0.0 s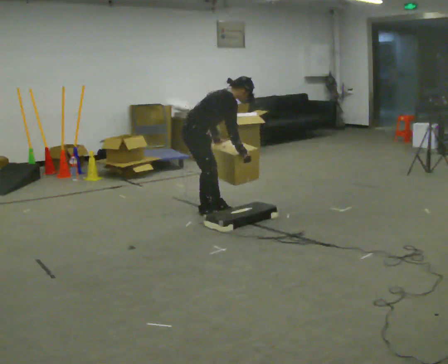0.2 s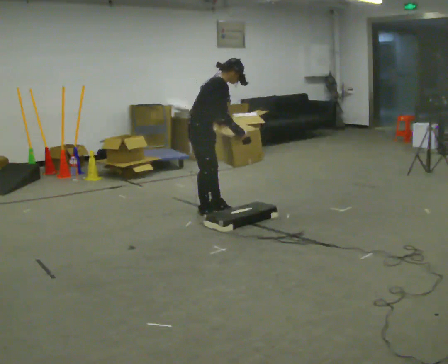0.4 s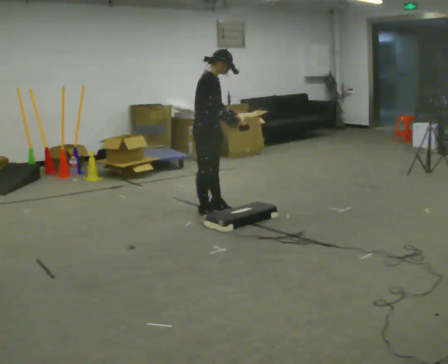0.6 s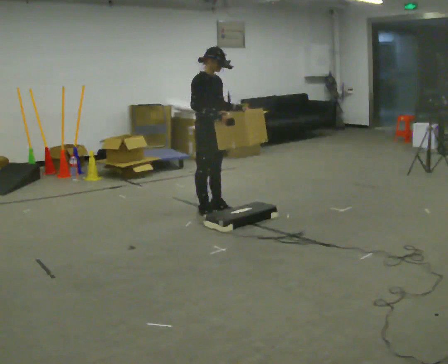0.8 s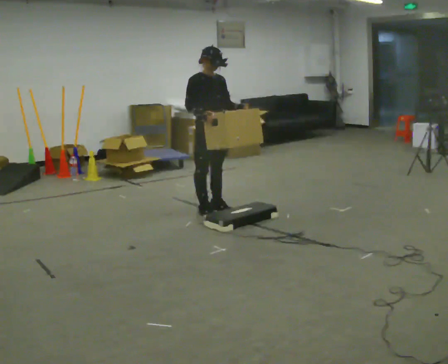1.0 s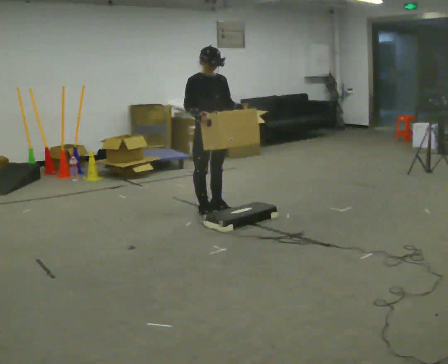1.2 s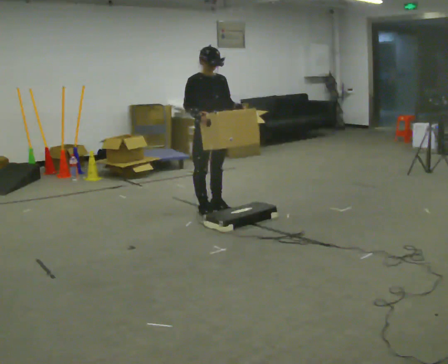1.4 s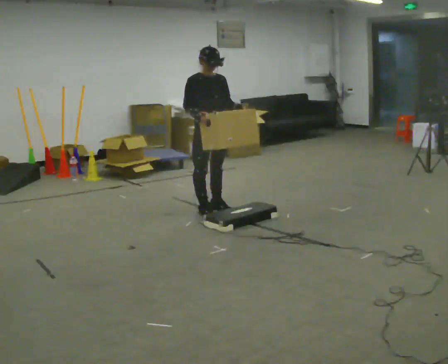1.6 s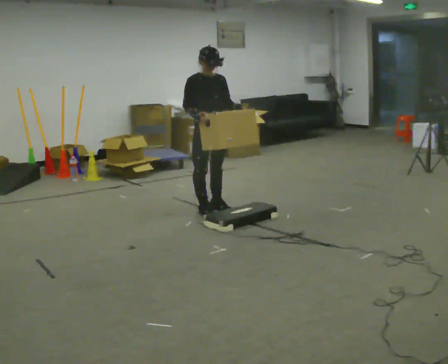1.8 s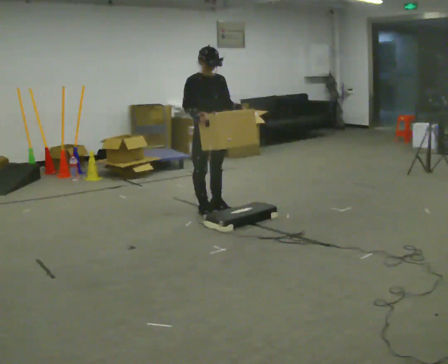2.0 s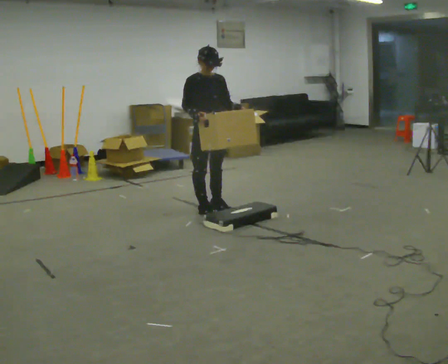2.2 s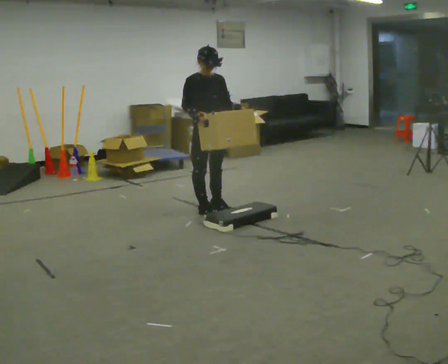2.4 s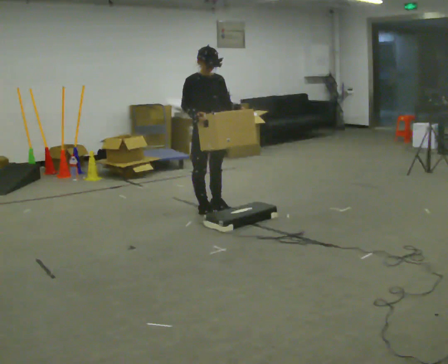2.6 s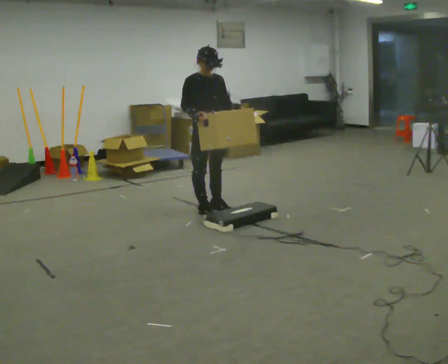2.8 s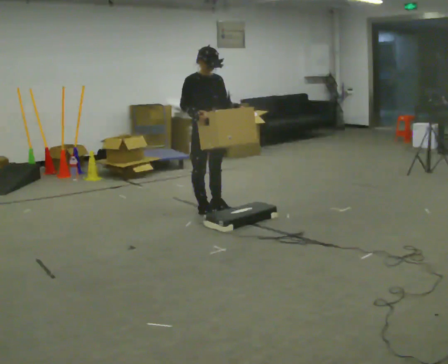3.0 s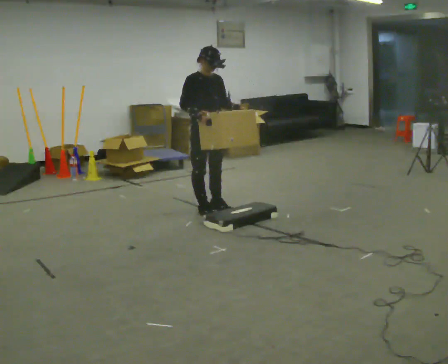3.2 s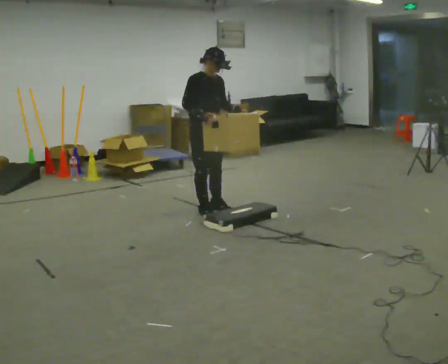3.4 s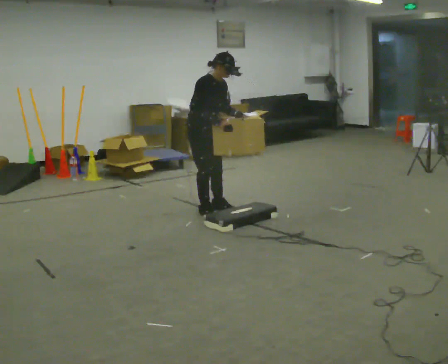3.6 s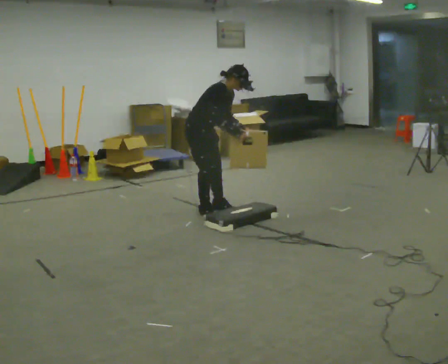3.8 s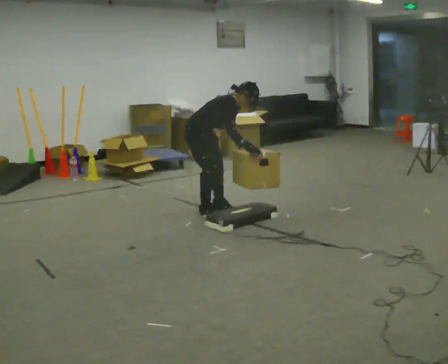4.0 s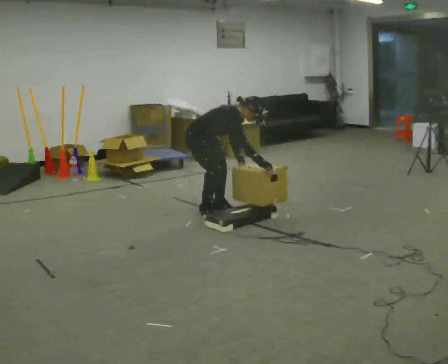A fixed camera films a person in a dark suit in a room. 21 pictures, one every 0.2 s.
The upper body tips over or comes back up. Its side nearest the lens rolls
downward.
0.0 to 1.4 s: The person turns about 60 degrees to their right, clockwise seen from above, so the part of the body nearest the lens slides to the left. In the picture they go to the right, about 0.25 m. The shoulders move upward. In the picture the upper body tilts counterclockwise, shoulders to the left, as they lean back or straighten. In the picture their left hand goes upward, the arm swinging counterclockwise.
1.4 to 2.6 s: The person keeps their place and pose.
2.6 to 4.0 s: The part of the body nearest the lens slides to the right as the person turns to their left by about 30 degrees. The shoulders move downward. In the picture the upper body tilts clockwise, shoulders to the right, as they bend forward. In the picture their left hand goes downward.
The film runs backward here.
